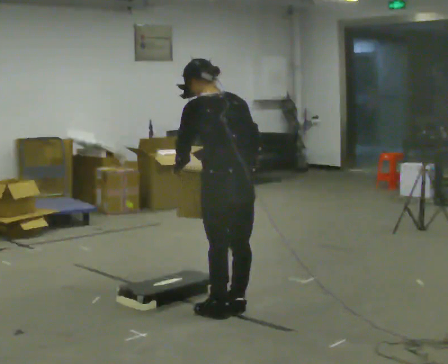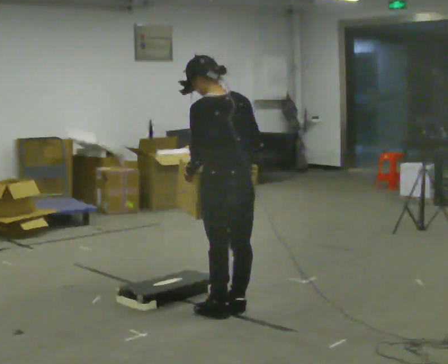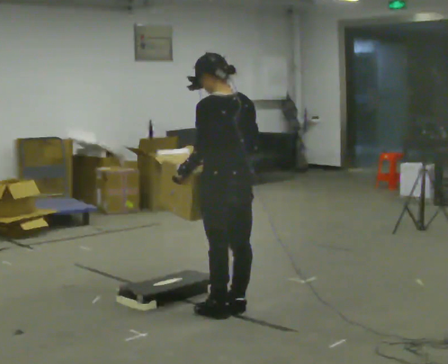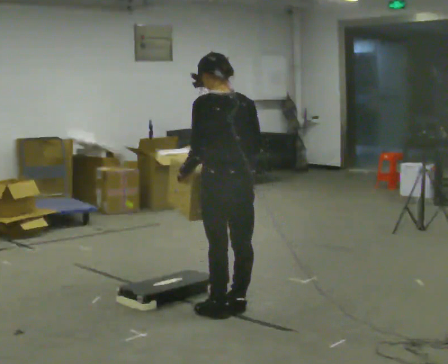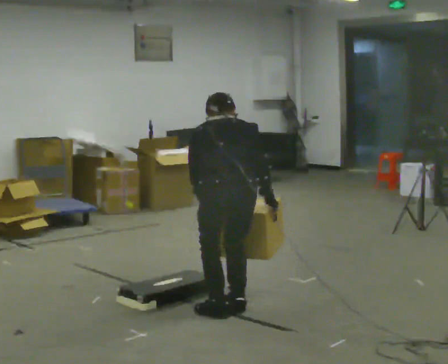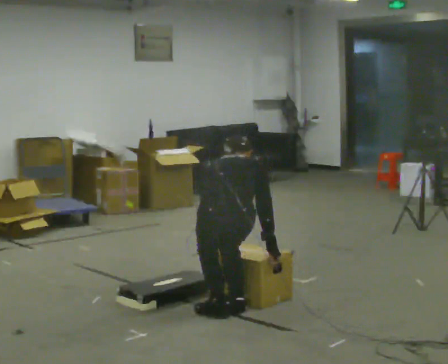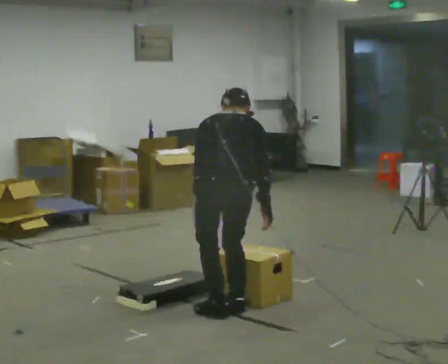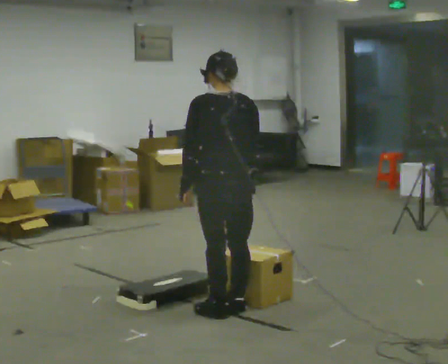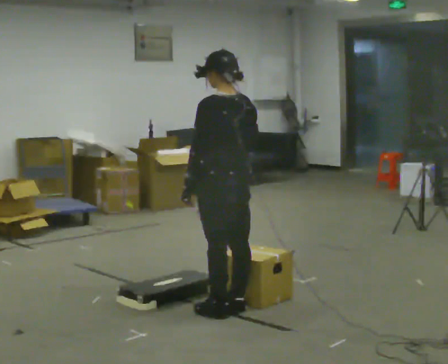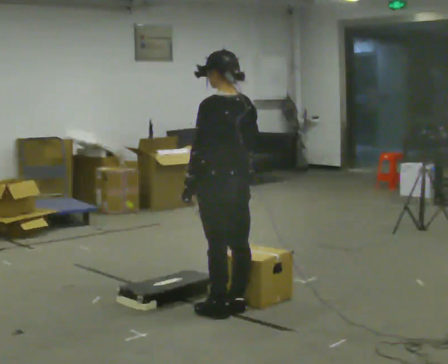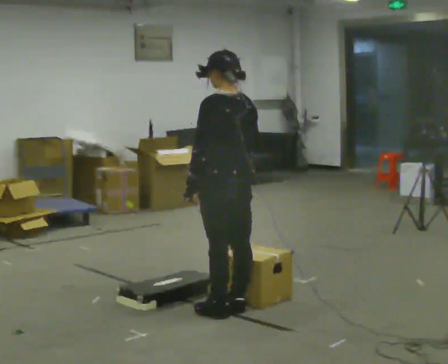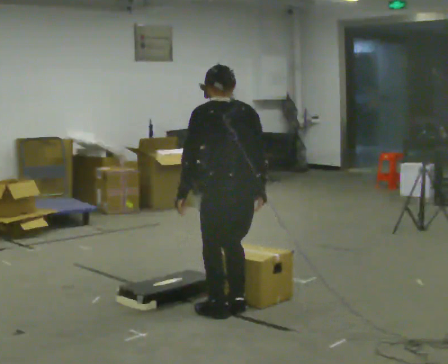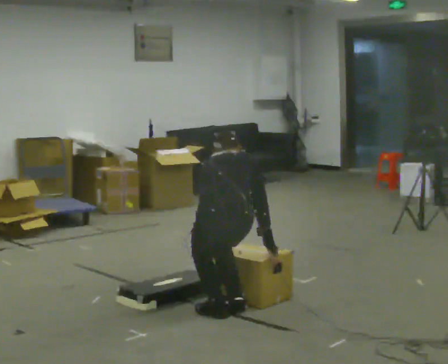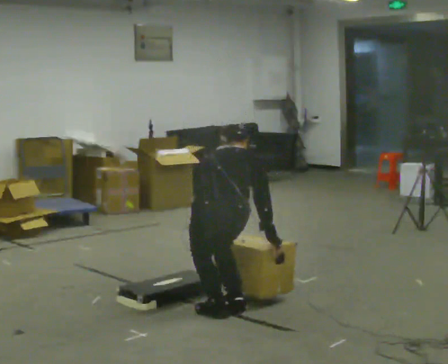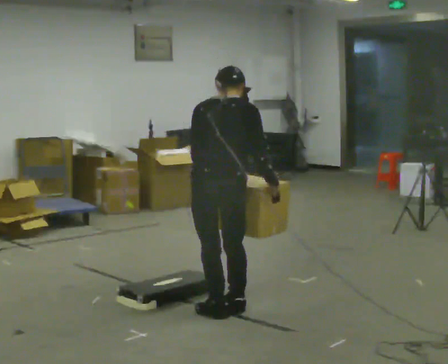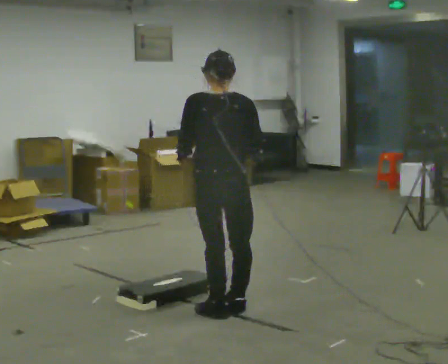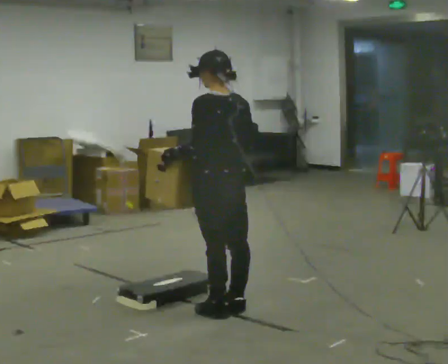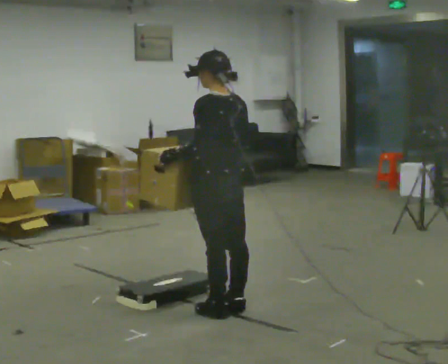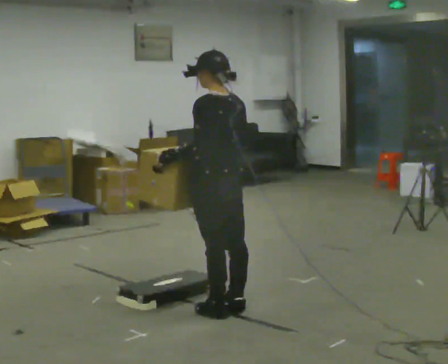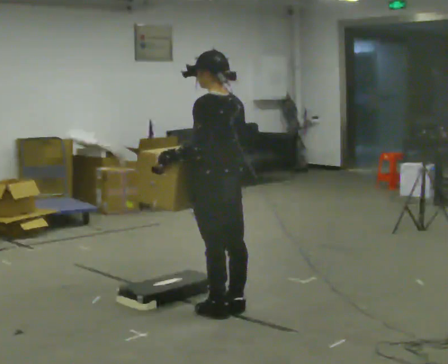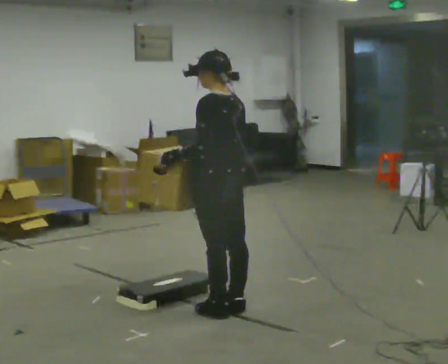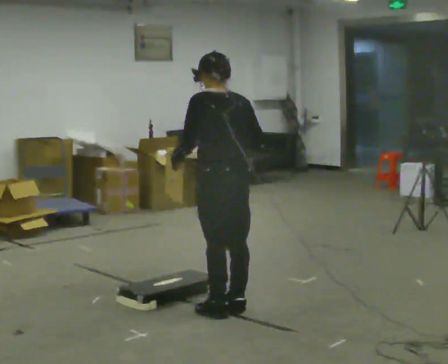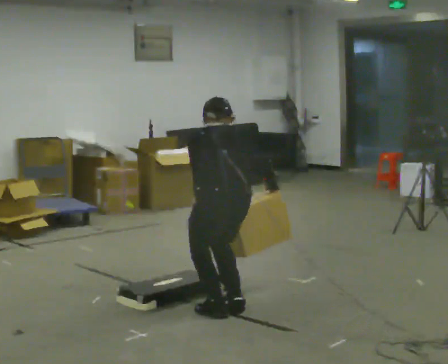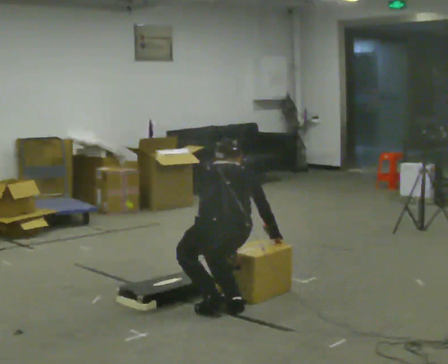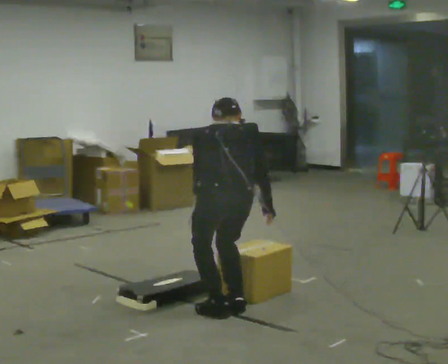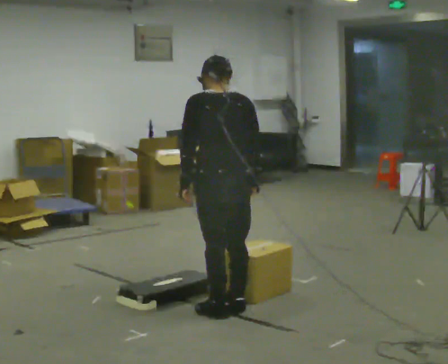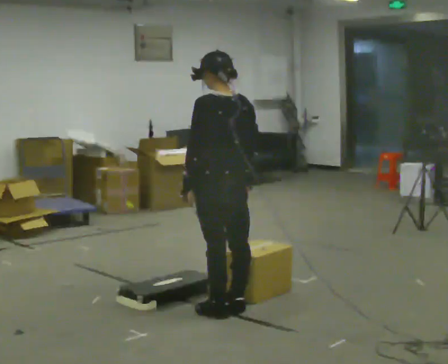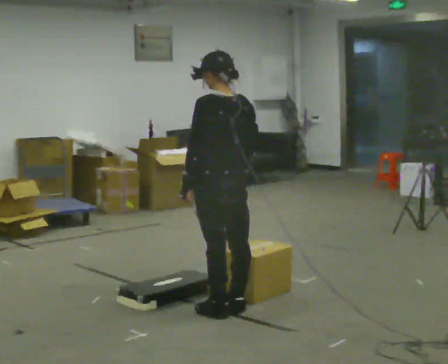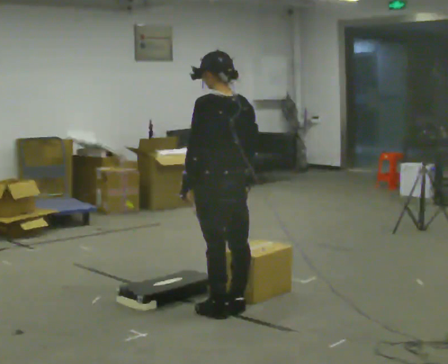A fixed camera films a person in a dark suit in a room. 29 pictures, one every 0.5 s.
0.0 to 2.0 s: The part of the body nearest the lens slides to the left as the person turns to their right by about 30 degrees. The shoulders move downward.
2.0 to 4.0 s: The part of the body nearest the lens slides to the right as the person turns to their left by about 45 degrees.
4.0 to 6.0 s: Seen from above the body turns clockwise, about 45 degrees: to their right, with its near side sliding to the left. The shoulders move downward. The upper body tips away from the camera, its near side rolling upward, as they bend forward. In the picture their right hand goes downward.
6.0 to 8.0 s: The person turns about 45 degrees to their left, counterclockwise seen from above, so the part of the body nearest the lens slides to the right. In the picture they go away from the camera, about 0.25 m, which for them is forward. The upper body goes upward. The upper body tips toward the camera, its near side rolling downward, as they lean back or straighten. In the picture their right hand goes upward.
8.0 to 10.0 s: The person moves a little, or ends about where they began.
10.0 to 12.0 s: The part of the body nearest the lens slides to the left as the person turns to their right by about 45 degrees. In the picture their right hand goes downward and to the right.
12.0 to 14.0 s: The part of the body nearest the lens slides to the right as the person turns to their left by about 30 degrees. The shoulders move upward. The upper body tips toward the camera, its near side rolling downward, as they lean back or straighten.
The film runs backward here.
